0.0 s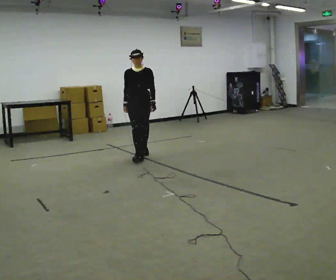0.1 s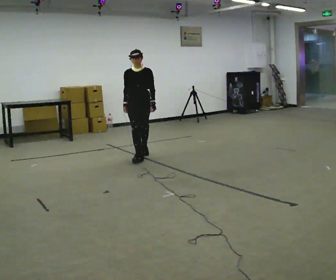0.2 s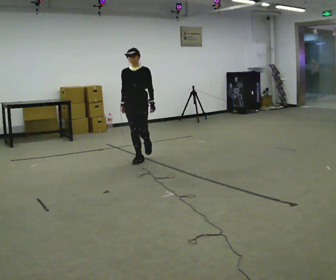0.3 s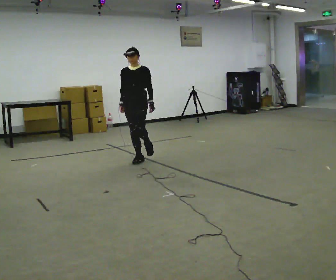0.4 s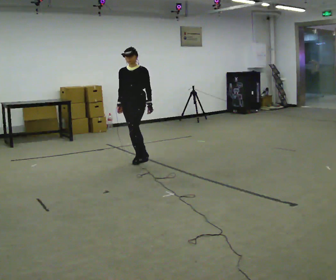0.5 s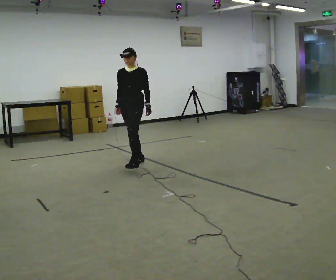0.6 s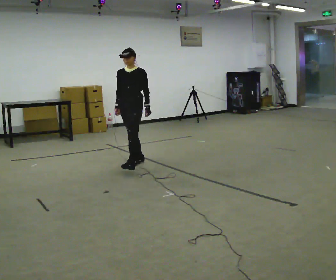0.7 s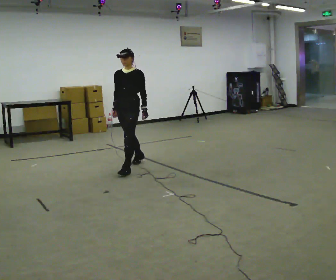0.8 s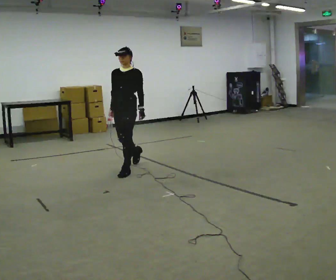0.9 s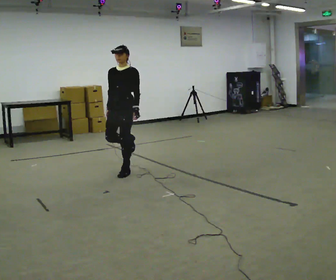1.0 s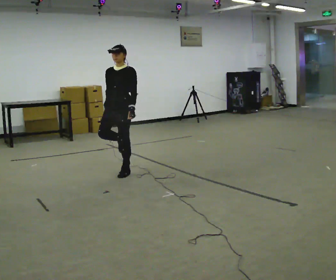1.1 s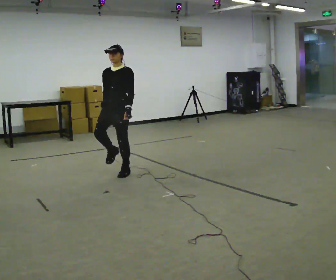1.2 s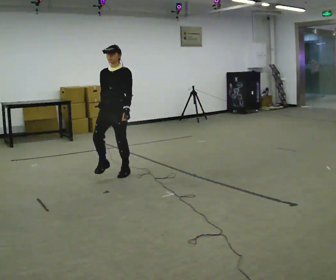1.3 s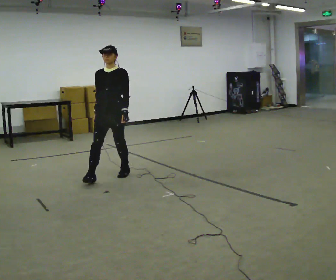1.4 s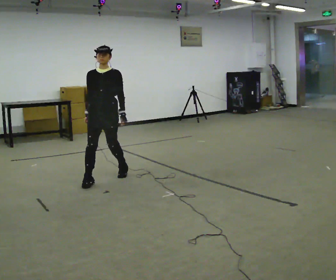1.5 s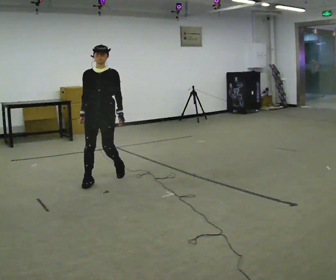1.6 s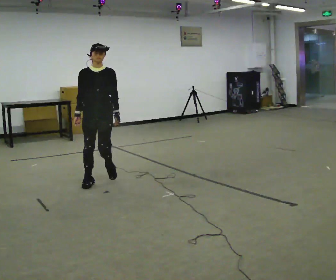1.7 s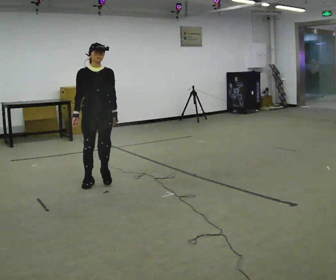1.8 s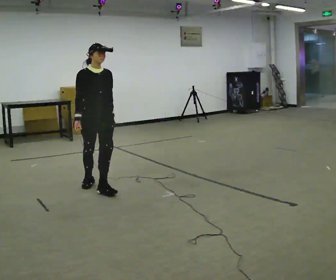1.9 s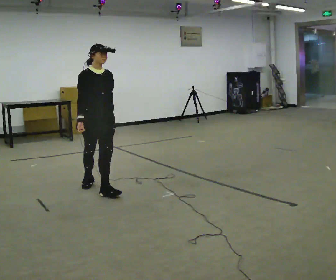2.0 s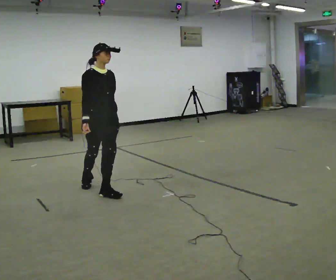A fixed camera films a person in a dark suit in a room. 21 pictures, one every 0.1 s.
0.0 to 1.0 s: Seen from above the body turns clockwise, about 30 degrees: to their right, with its near side sliding to the left. In the picture they go toward the camera, about 1 m in 1 step, which for them is forward.
1.0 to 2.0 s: The person turns about 75 degrees to their left, counterclockwise seen from above, so the part of the body nearest the lens slides to the right. In the picture they go toward the camera, about 0.5 m in 2 steps.
The film runs forward here.
